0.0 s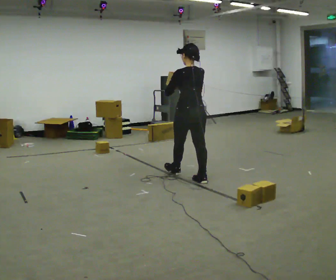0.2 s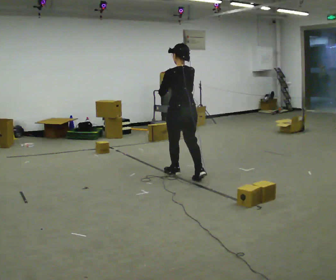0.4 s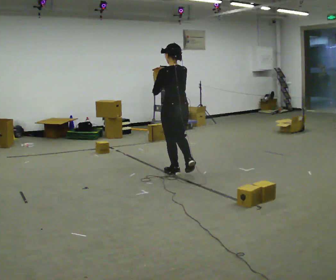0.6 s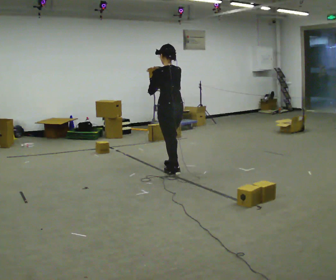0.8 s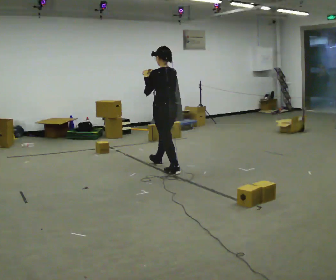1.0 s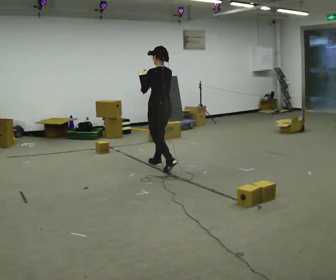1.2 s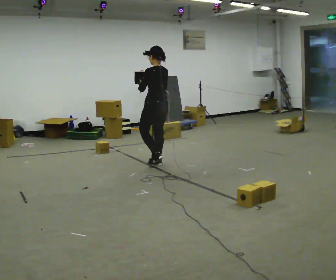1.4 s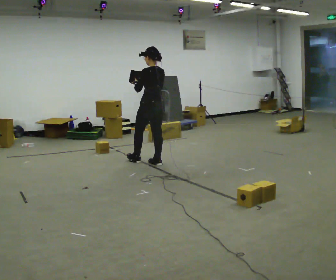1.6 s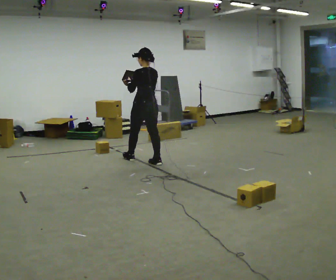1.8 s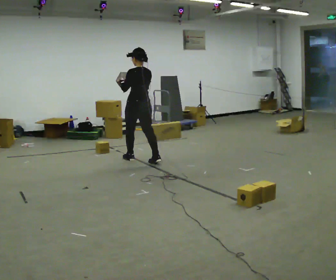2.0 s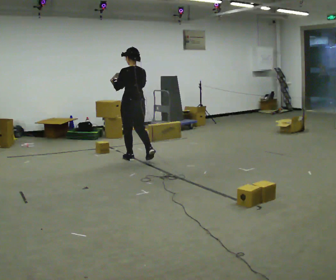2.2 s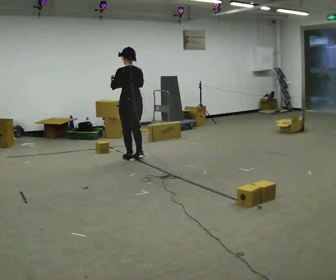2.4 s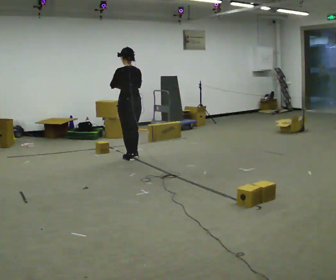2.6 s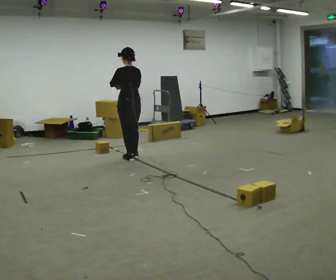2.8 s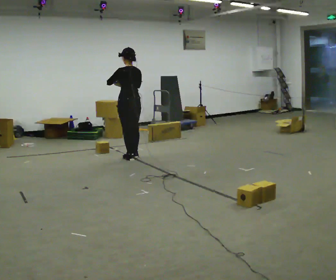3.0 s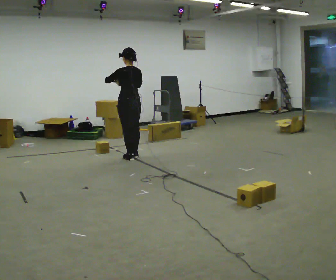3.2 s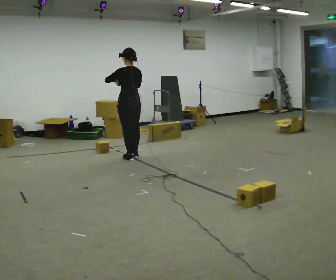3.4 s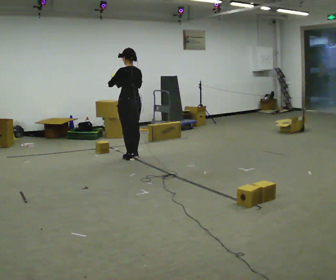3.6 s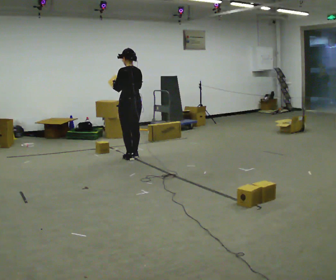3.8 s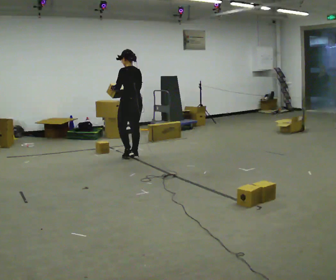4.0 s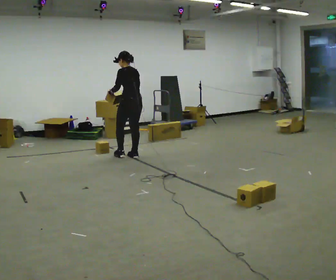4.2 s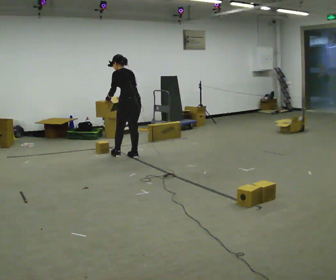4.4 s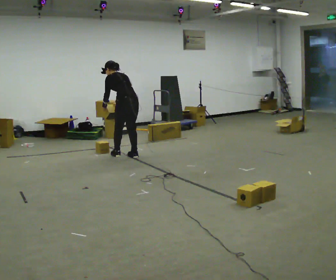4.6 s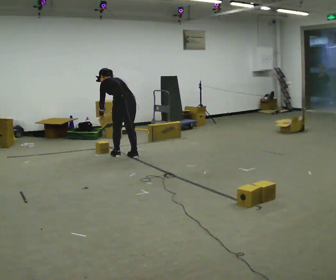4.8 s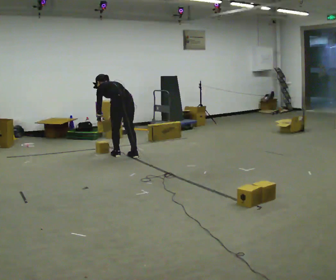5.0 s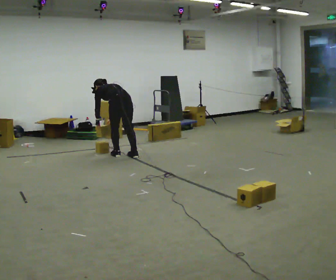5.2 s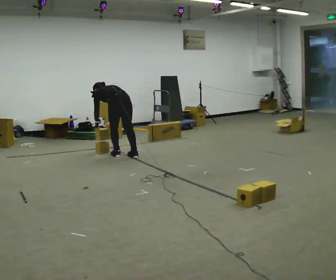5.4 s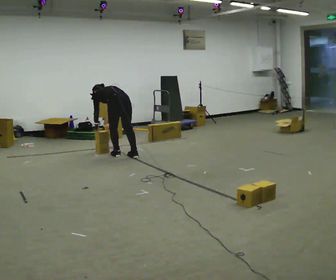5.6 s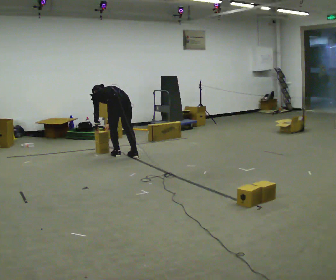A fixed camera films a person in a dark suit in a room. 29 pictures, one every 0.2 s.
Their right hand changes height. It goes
downward.
0.0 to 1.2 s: The person turns about 30 degrees to their left, counterclockwise seen from above, so the part of the body nearest the lens slides to the right. In the picture they go away from the camera and to the left, about 1 m in 2 steps, which for them is forward.
1.2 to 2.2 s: In the picture they go to the left and away from the camera, about 0.5 m in 1 step, which for them is forward and to their left.
2.2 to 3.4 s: In the picture they go away from the camera, about 0.25 m in 1 step, which for them is forward.
3.4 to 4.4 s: The upper body tips away from the camera, its near side rolling upward, as they bend forward. In the picture their left hand goes downward.
4.4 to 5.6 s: The shoulders move downward. The upper body tips away from the camera, its near side rolling upward, as they bend forward. In the picture their right hand goes downward.
The film runs forward here.
